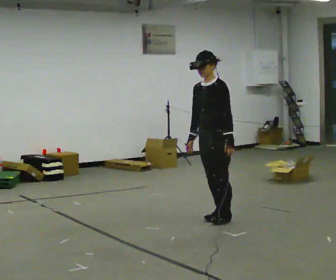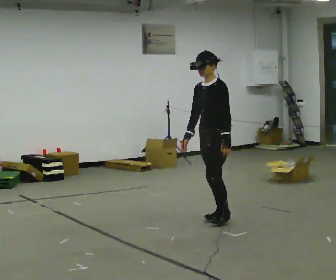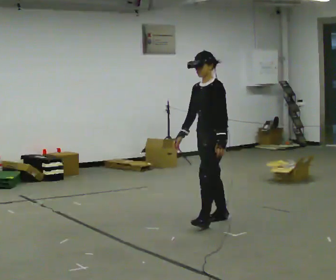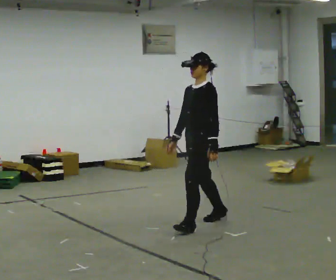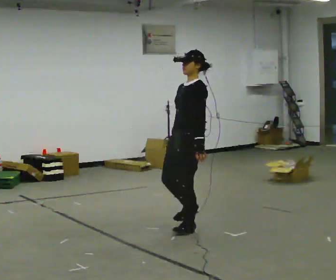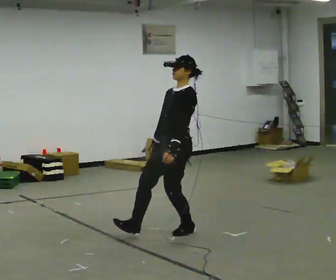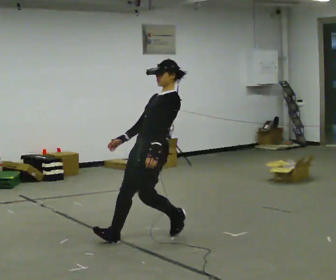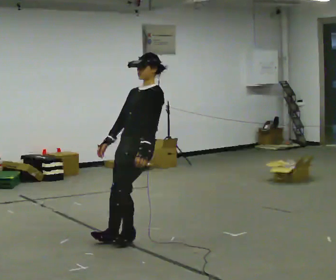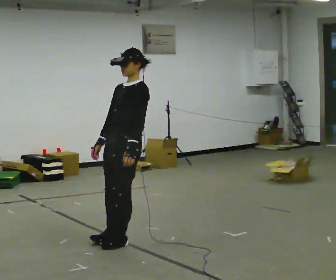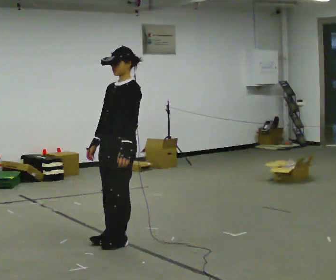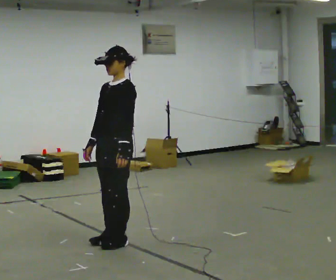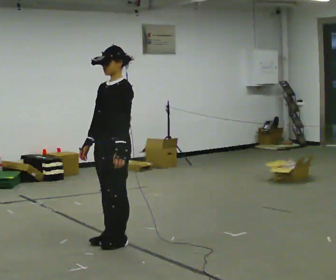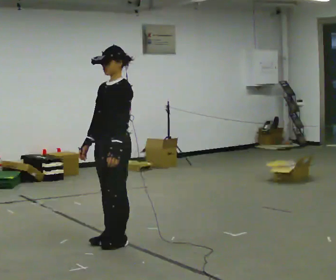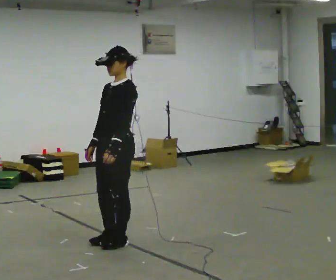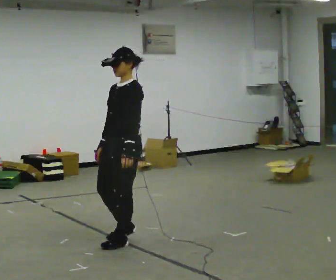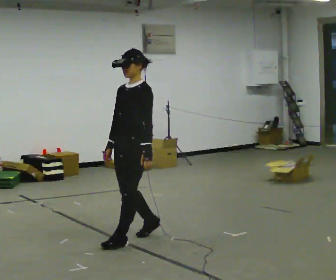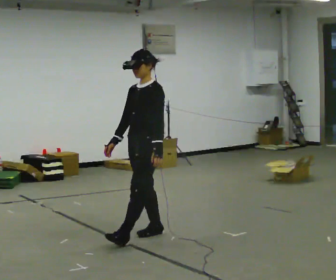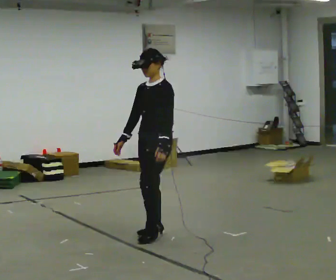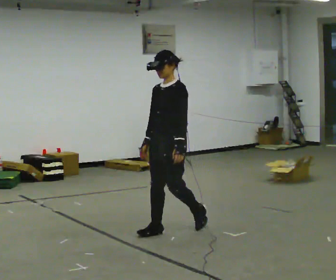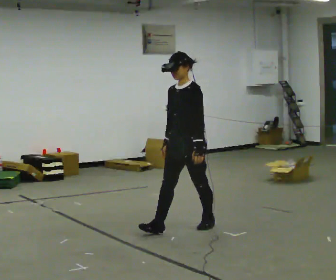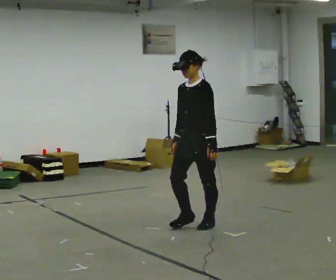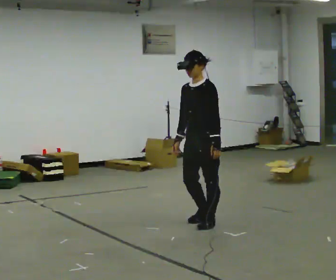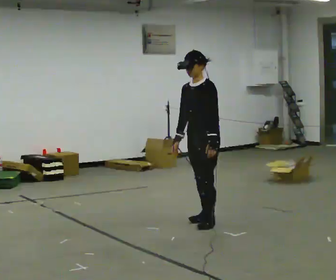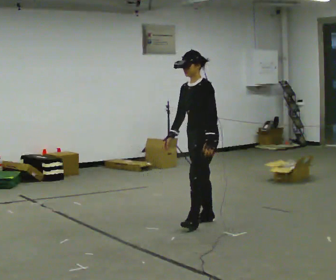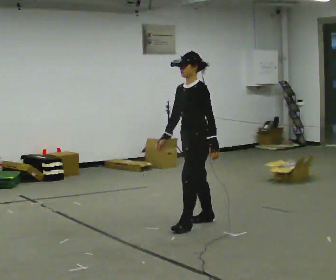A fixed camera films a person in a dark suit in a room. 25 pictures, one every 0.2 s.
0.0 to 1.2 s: In the picture they go to the left and toward the camera, about 1 m in 3 steps, which for them is forward. In the picture the upper body tilts clockwise, shoulders to the right, as they lean back or straighten.
1.2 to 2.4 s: In the picture they go to the left and toward the camera, about 0.25 m, which for them is forward. In the picture the upper body tilts counterclockwise, shoulders to the left, as they bend forward.
2.4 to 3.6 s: In the picture they go to the right and away from the camera, about 0.5 m in 2 steps, which for them is backward.
3.6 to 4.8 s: In the picture they go to the right and away from the camera, about 0.25 m in 2 steps, which for them is backward.
The film runs backward here.
